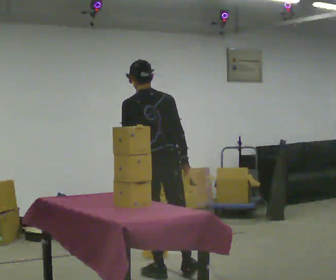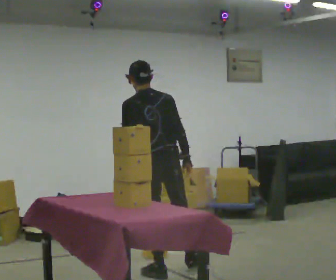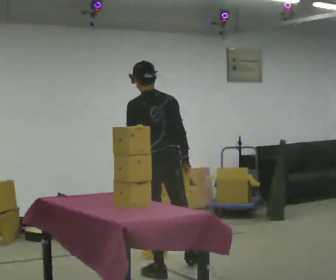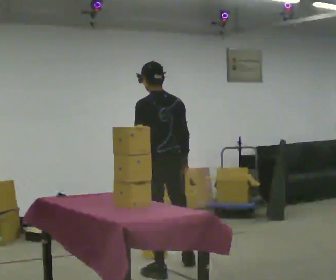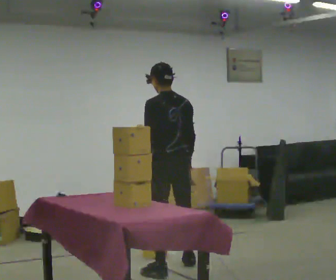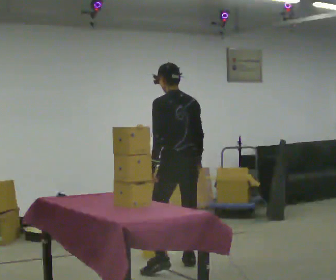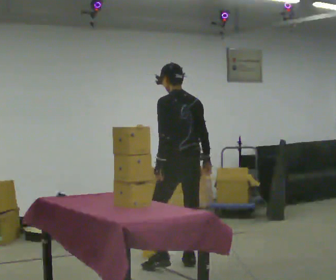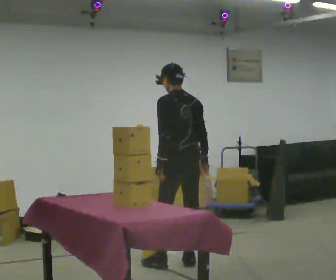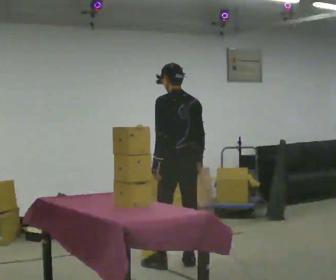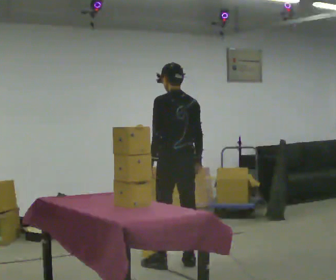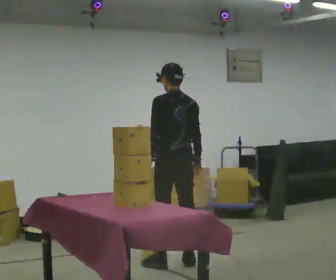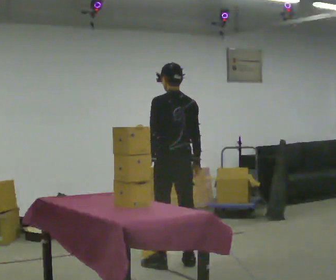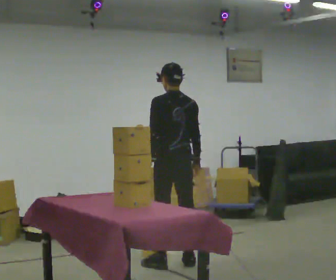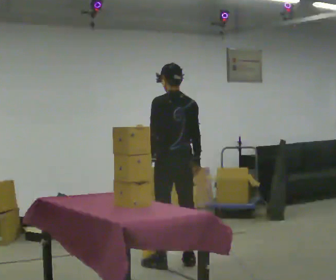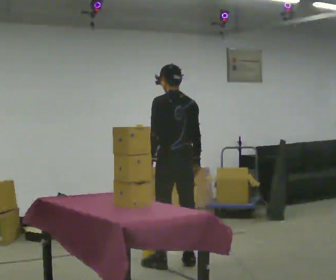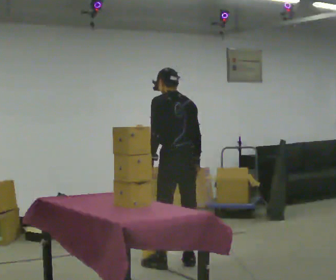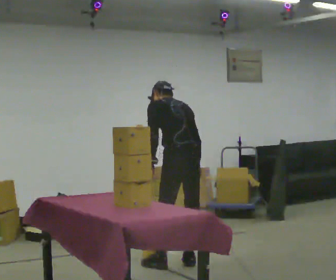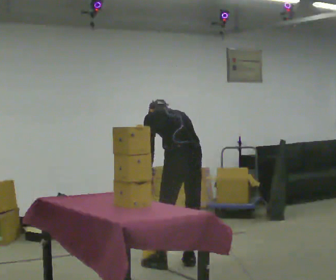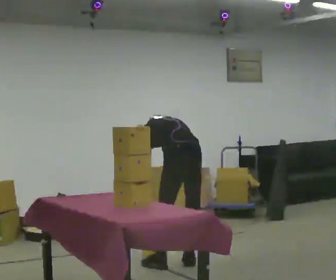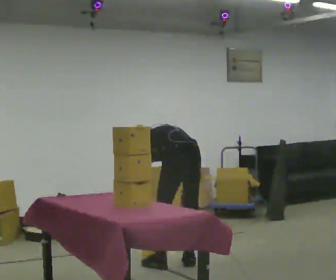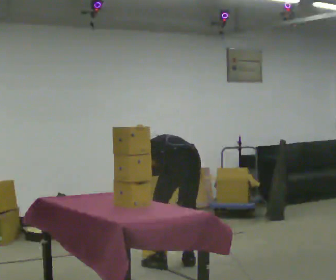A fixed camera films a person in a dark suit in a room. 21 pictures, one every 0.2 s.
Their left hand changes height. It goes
downward.
The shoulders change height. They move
downward.
0.0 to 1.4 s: In the picture they go away from the camera and to the right, about 0.5 m in 2 steps, which for them is to their right and forward.
1.4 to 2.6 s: The person moves a little, or ends about where they began.
2.6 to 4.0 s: In the picture they go toward the camera, about 0.25 m, which for them is backward. The shoulders move downward. The upper body tips away from the camera, its near side rolling upward, as they bend forward. In the picture their right hand goes downward.
The film runs forward here.
